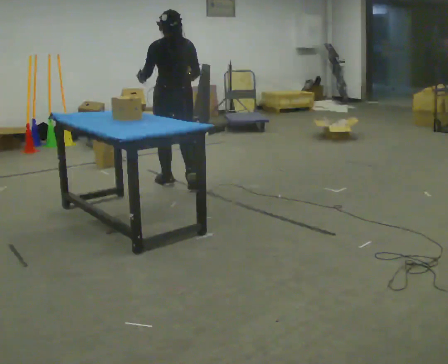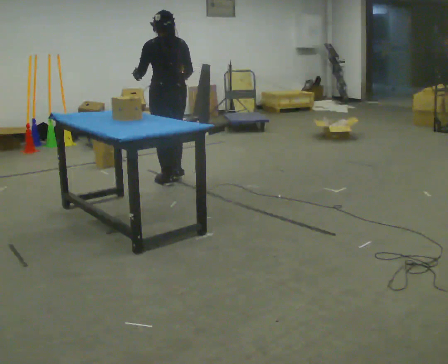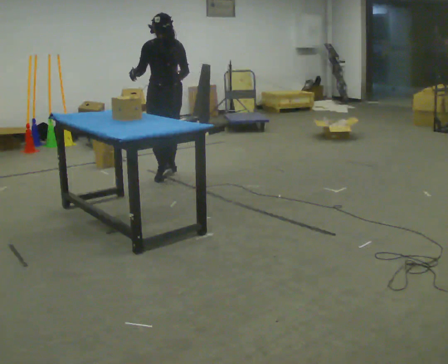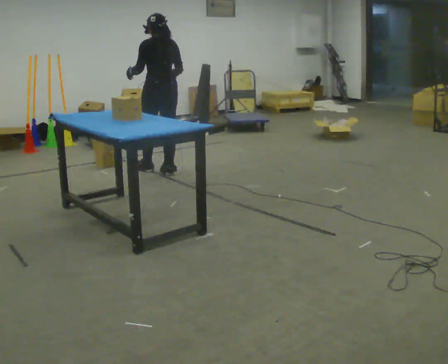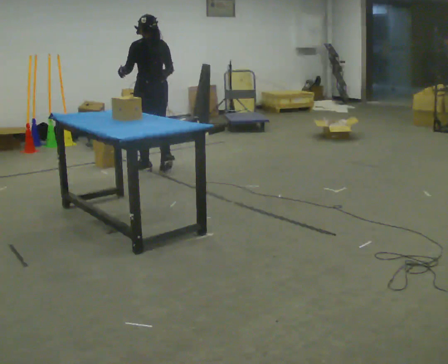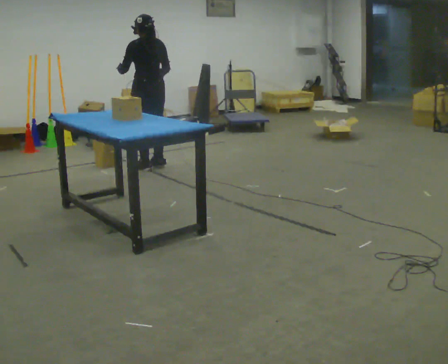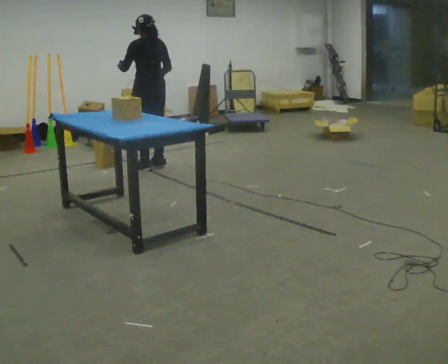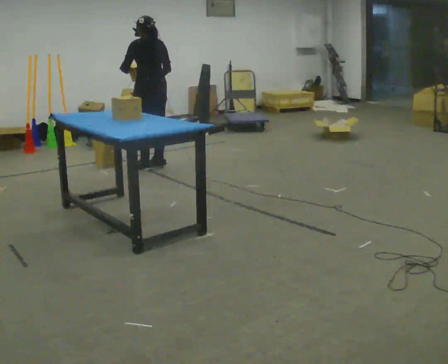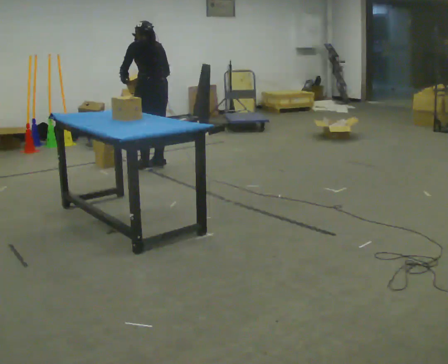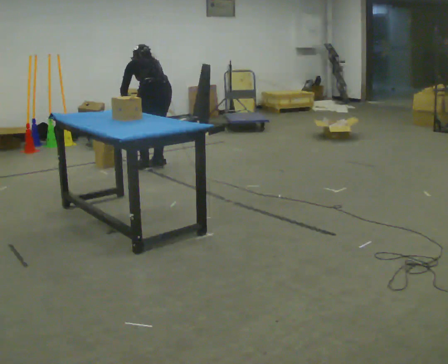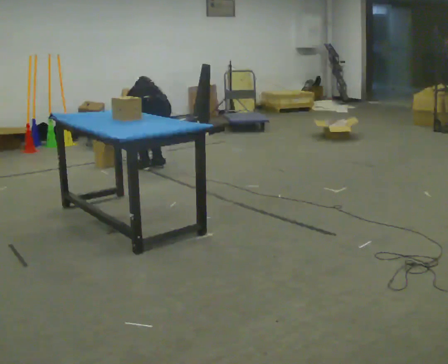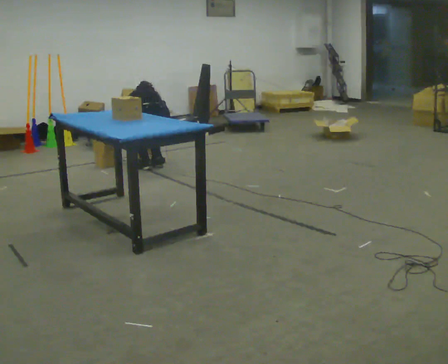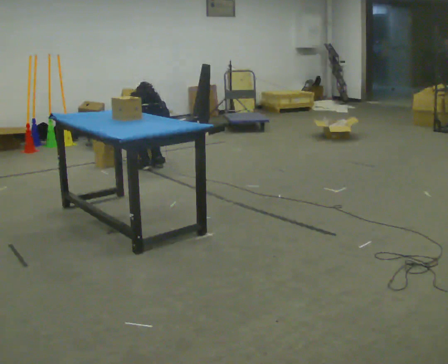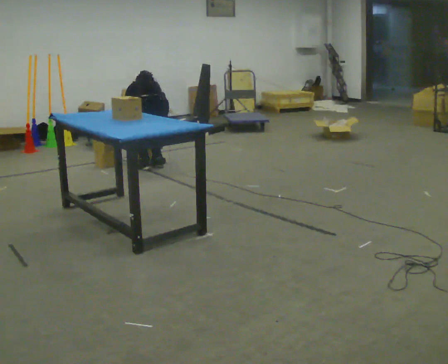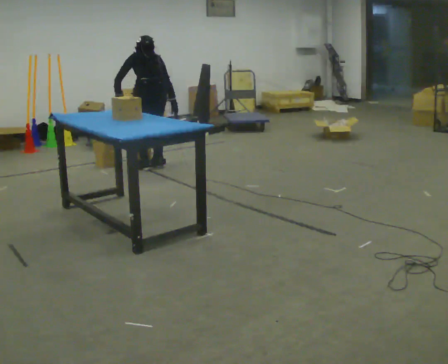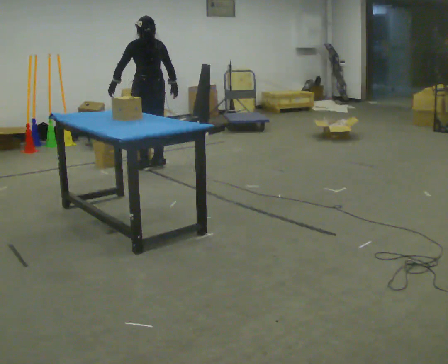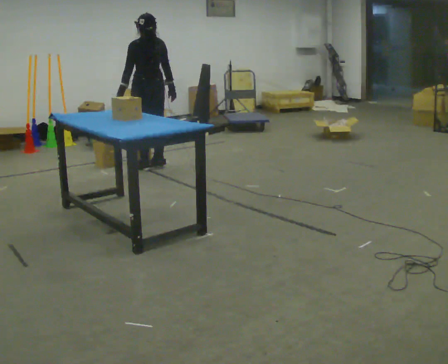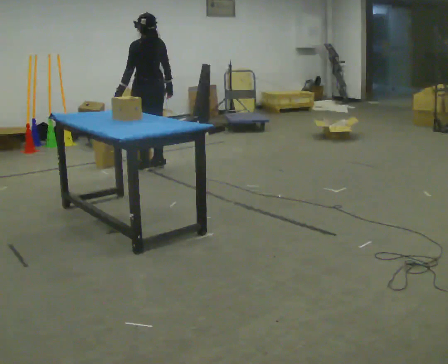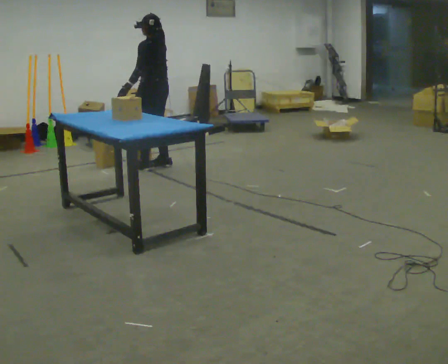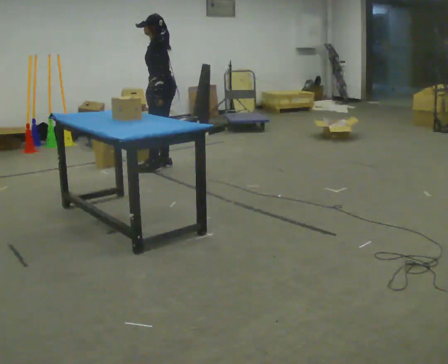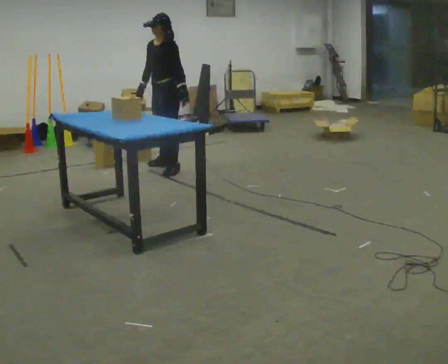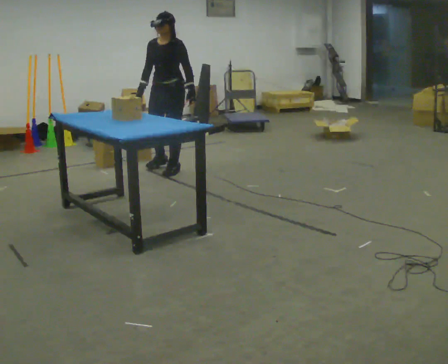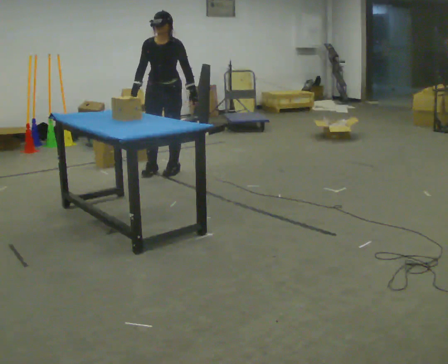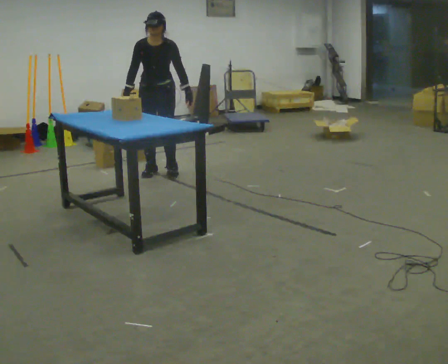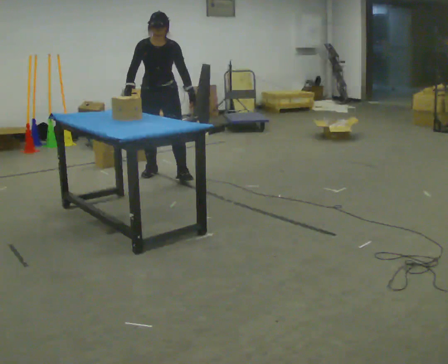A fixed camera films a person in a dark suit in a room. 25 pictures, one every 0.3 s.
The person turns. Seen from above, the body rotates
counterclockwise.
The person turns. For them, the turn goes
to their left.
0.0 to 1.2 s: In the picture they go away from the camera, about 0.5 m in 2 steps, which for them is forward.
1.2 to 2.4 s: The upper body tips away from the camera, its near side rolling upward, as they bend forward.
2.4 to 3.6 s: The shoulders move downward. The upper body tips away from the camera, its near side rolling upward, as they bend forward. In the picture their left hand goes downward.
3.6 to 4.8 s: The shoulders move upward. The upper body tips toward the camera, its near side rolling downward, as they lean back or straighten. In the picture their left hand goes upward.
4.8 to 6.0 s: Seen from above the body turns counterclockwise, about 105 degrees: to their left, with its near side sliding to the right. In the picture they go to the right, about 0.25 m in 1 step. In the picture their right hand goes to the left, the arm swinging clockwise.
6.0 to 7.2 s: The person turns about 60 degrees to their left, counterclockwise seen from above, so the part of the body nearest the lens slides to the right. In the picture they go toward the camera, about 0.25 m in 2 steps, which for them is forward.
The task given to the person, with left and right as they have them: Pick the object up off the floor using only the hand the operator calls, then carry it to the table in that same hand. Keep going until the operator says stop; one object at a time, and do not rush between trips.
The film runs forward here.
